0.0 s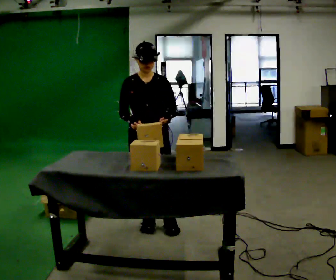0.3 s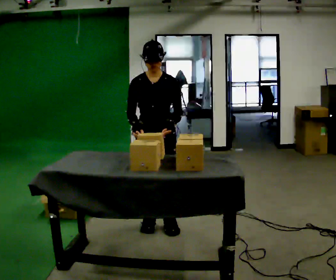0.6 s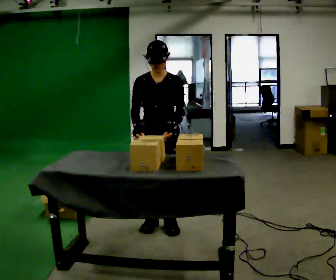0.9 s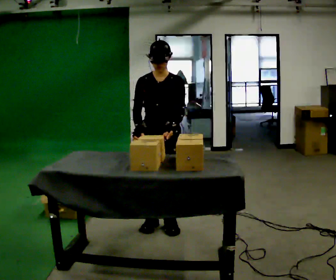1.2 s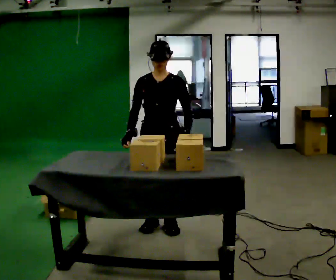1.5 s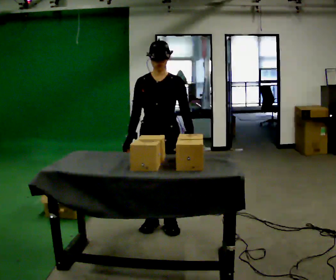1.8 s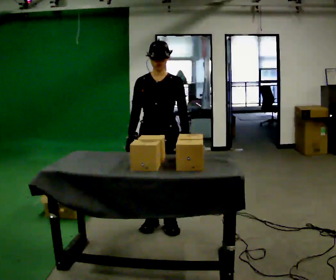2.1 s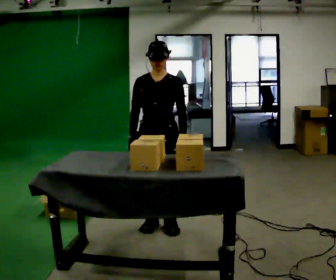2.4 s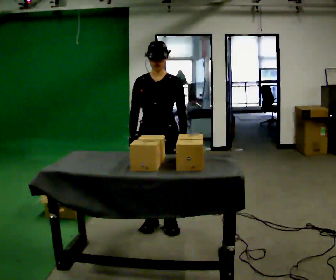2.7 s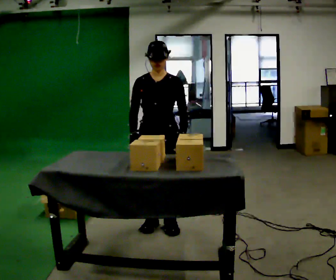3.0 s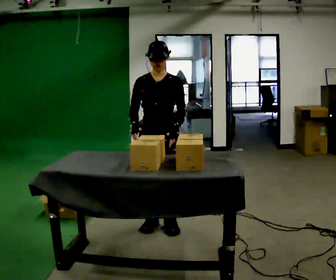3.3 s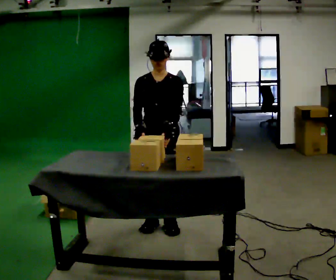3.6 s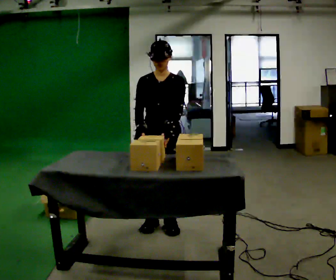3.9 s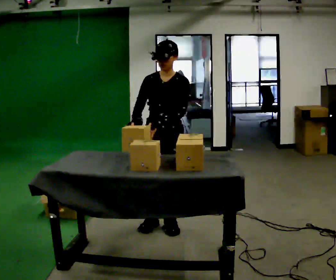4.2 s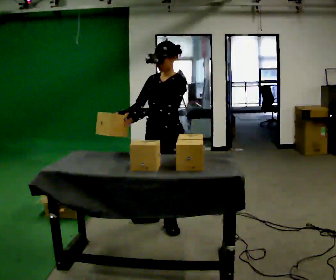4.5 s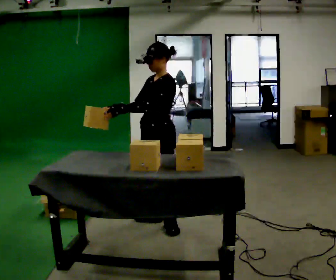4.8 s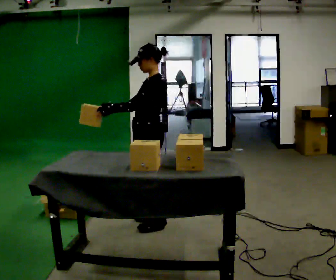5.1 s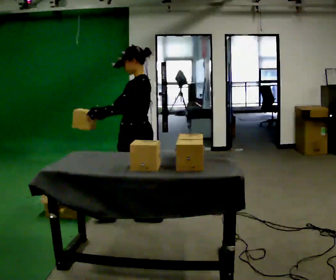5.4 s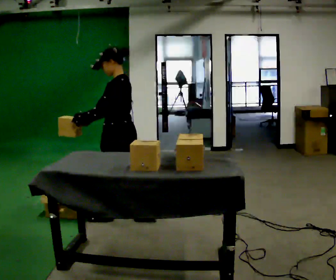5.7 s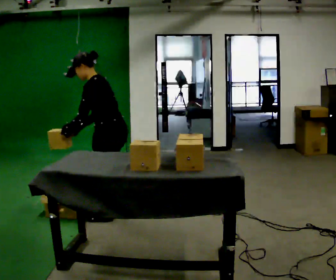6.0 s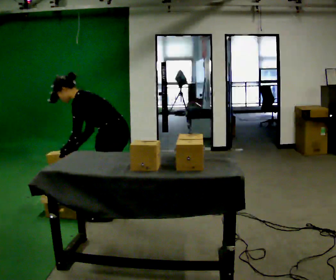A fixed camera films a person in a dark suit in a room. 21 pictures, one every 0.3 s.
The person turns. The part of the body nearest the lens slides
to the left.
The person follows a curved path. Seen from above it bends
counterclockwise.
0.0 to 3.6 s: The person moves a little, or ends about where they began.
3.6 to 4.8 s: The person turns about 75 degrees to their right, clockwise seen from above, so the part of the body nearest the lens slides to the left. In the picture they go away from the camera, about 0.25 m. In the picture their left hand goes to the left.
4.8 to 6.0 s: In the picture they go to the left, about 0.25 m in 2 steps, which for them is forward. The upper body goes downward. In the picture the upper body tilts counterclockwise, shoulders to the left, as they bend forward. In the picture their right hand goes downward.
The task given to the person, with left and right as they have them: Take objects out of the bin one at a time and lay them out on the table, stepping between the bin and the table each time. Keep going until the operator says stop; one object at a time, and do not rush between trips.
The film runs forward here.
